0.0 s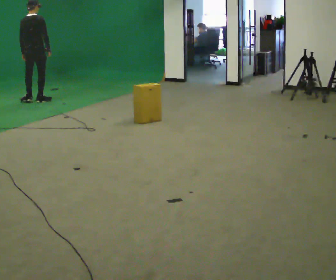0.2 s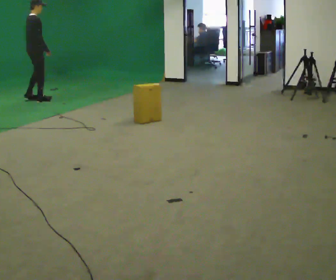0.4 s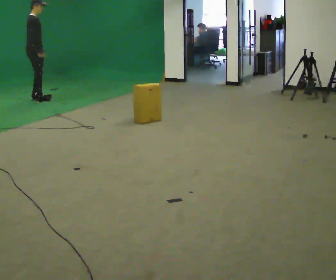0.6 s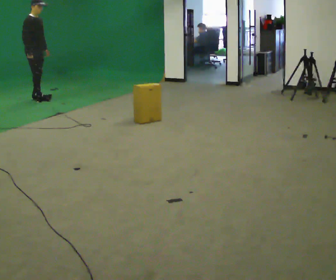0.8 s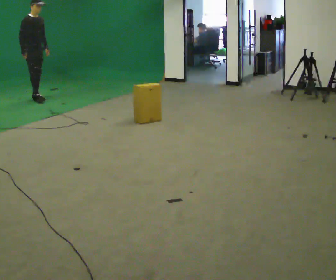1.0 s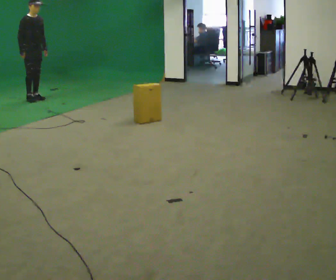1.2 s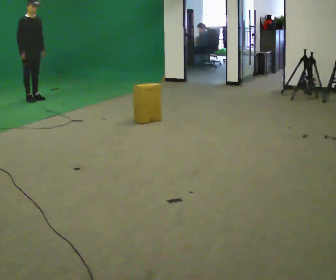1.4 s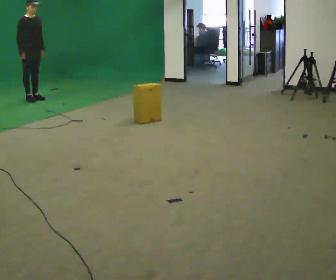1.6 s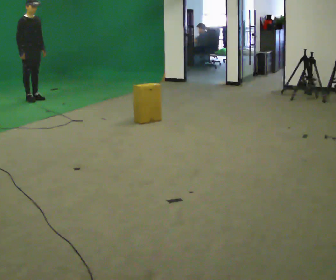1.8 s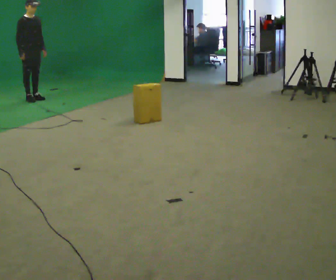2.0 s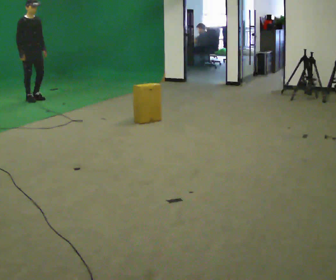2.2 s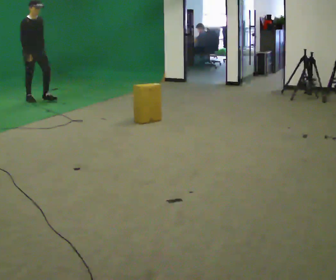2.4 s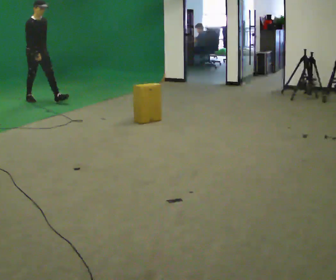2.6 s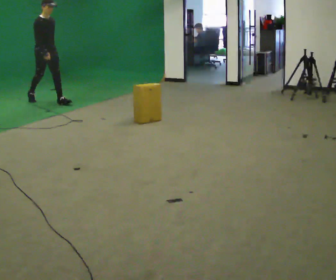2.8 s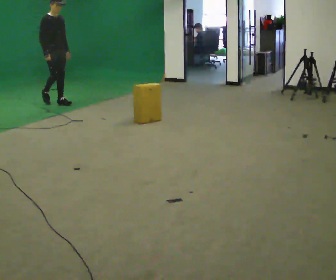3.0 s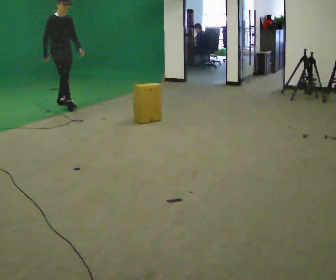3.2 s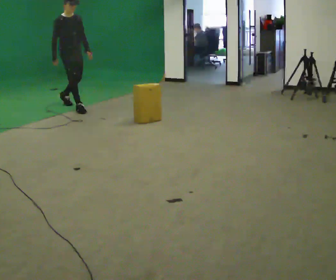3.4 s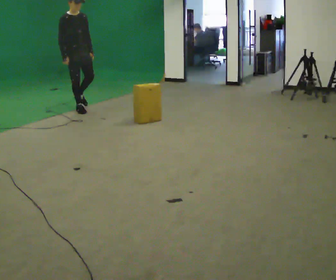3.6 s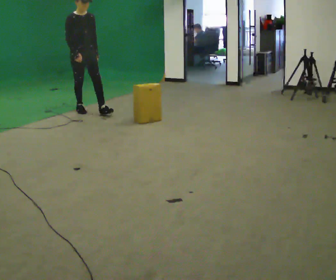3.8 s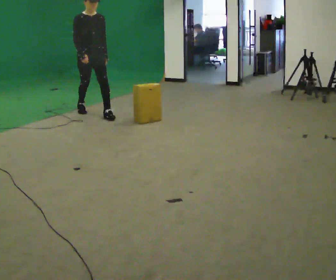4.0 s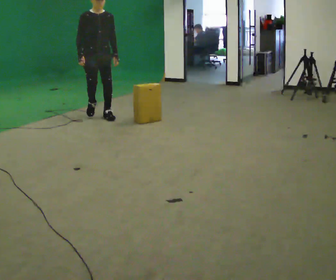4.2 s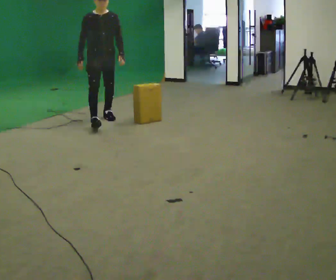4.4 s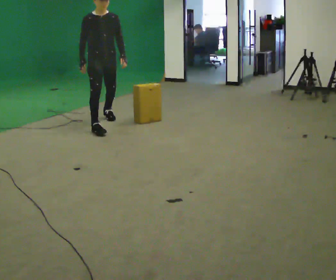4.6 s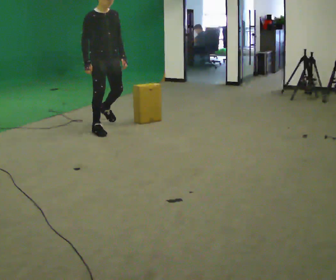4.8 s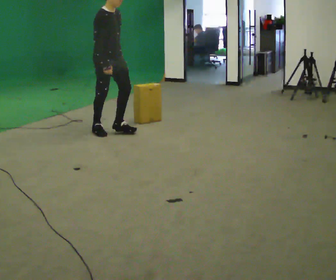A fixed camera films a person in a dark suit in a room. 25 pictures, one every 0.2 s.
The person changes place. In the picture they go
toward the camera.
0.0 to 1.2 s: Seen from above the body turns clockwise, about 105 degrees: to their right, with its near side sliding to the left. In the picture they go away from the camera, about 0.25 m in 2 steps. In the picture their right hand goes to the left.
1.2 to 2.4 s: In the picture they go toward the camera, about 0.25 m, which for them is forward.
2.4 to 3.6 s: In the picture they go toward the camera and to the right, about 1 m in 2 steps, which for them is forward.
3.6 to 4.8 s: The part of the body nearest the lens slides to the right as the person turns to their left by about 30 degrees. In the picture they go toward the camera, about 1 m in 2 steps, which for them is forward.
The film runs forward here.
